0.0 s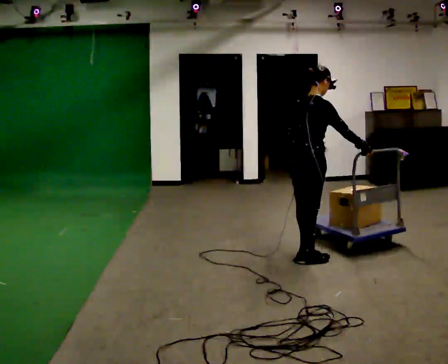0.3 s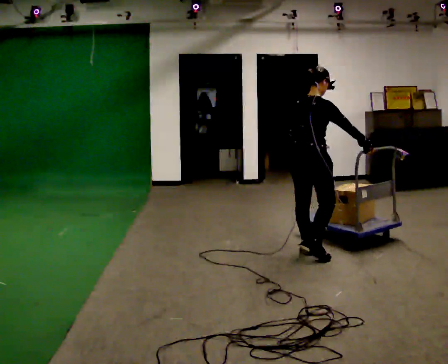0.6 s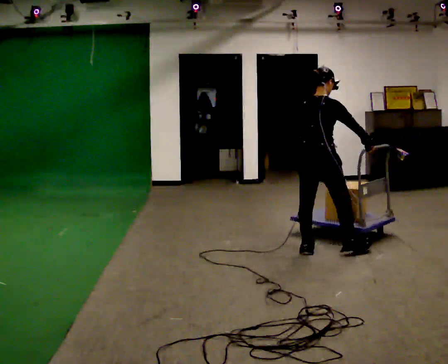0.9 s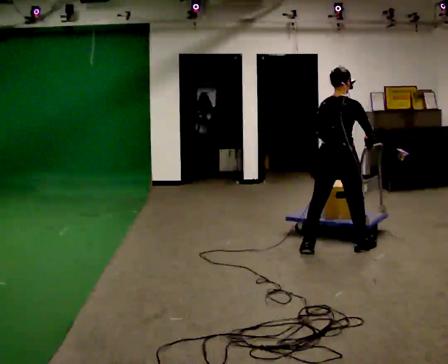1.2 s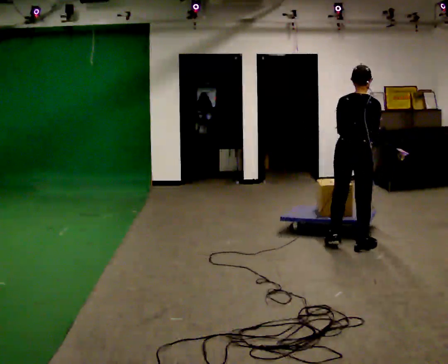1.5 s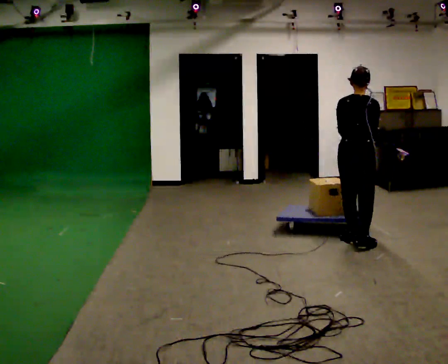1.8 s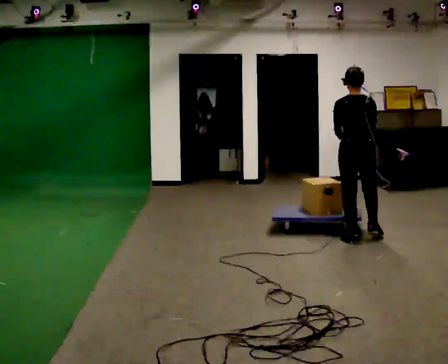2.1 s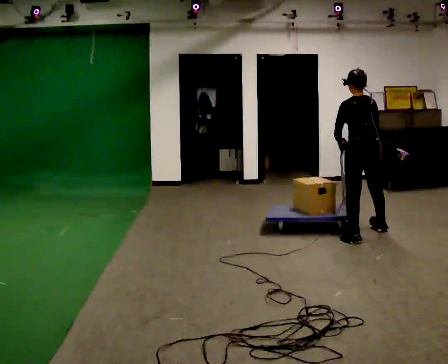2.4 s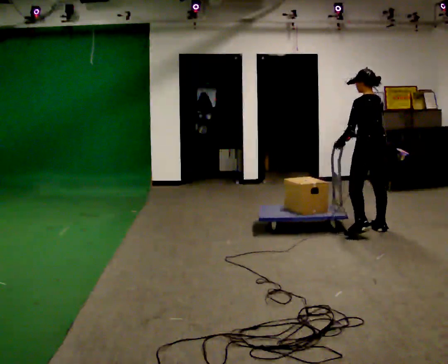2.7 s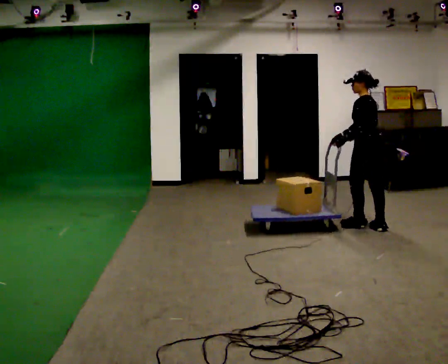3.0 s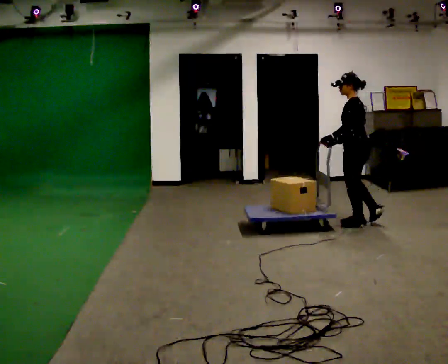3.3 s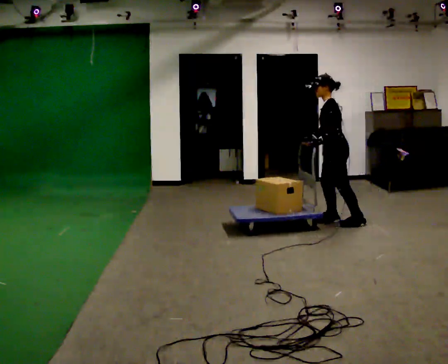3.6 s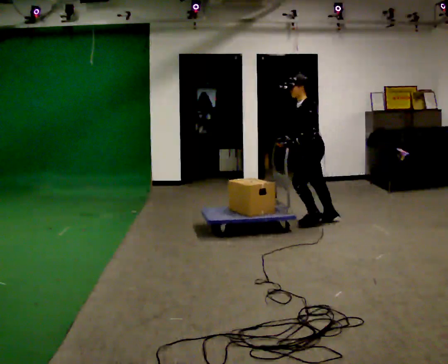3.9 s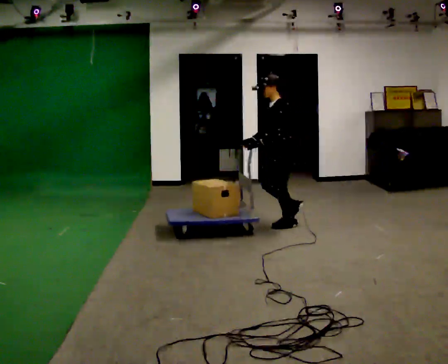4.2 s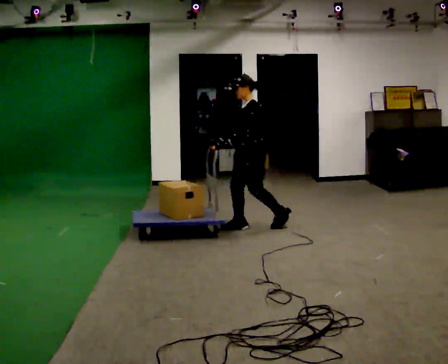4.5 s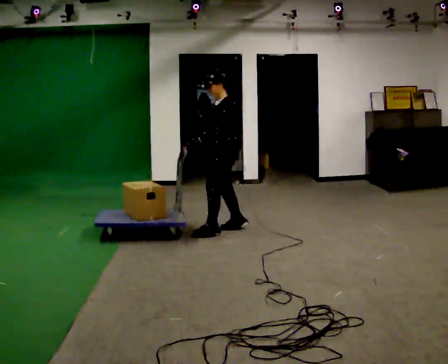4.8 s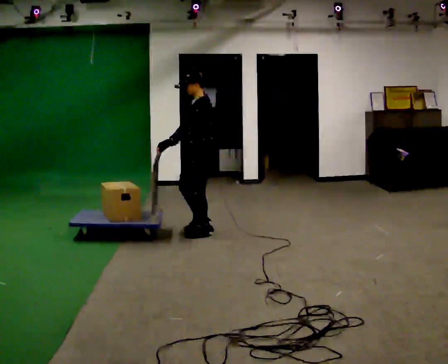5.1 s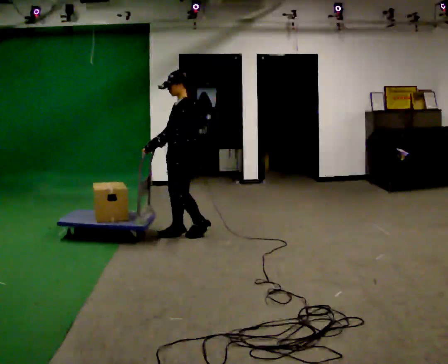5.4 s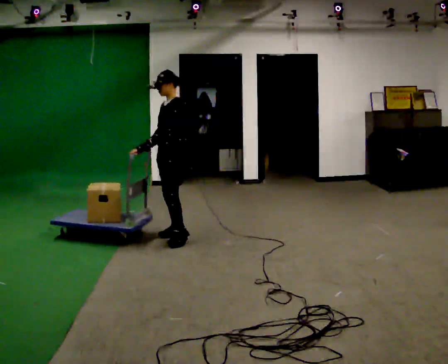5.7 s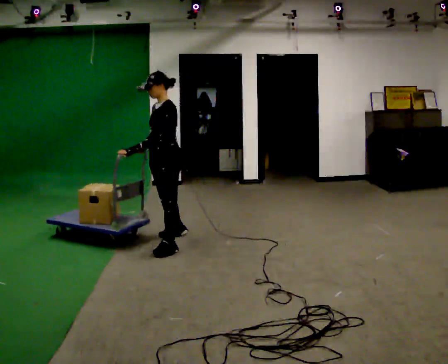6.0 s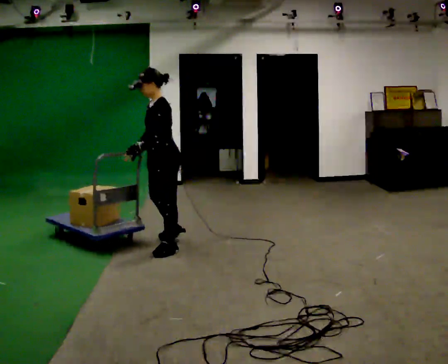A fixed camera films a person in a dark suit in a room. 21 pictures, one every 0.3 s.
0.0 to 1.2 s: Seen from above the body turns counterclockwise, about 45 degrees: to their left, with its near side sliding to the right. In the picture they go to the right and away from the camera, about 0.5 m in 1 step, which for them is forward and to their right.
1.2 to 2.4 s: The part of the body nearest the lens slides to the right as the person turns to their left by about 45 degrees. In the picture they go away from the camera, about 0.5 m in 2 steps, which for them is forward and to their right.
2.4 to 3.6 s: Seen from above the body turns counterclockwise, about 75 degrees: to their left, with its near side sliding to the right. In the picture they go to the left, about 0.5 m in 2 steps.
3.6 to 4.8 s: In the picture they go to the left and toward the camera, about 1 m in 3 steps, which for them is forward.
4.8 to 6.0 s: In the picture they go toward the camera, about 0.5 m in 2 steps, which for them is forward and to their left.
The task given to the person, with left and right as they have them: Push the cart across the room and back. The operator will change how much is loaded on it between takes and will tell you each time.
The film runs forward here.
